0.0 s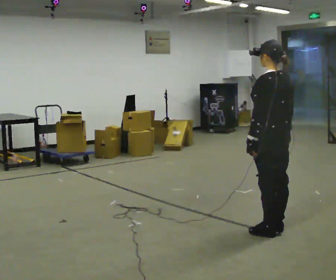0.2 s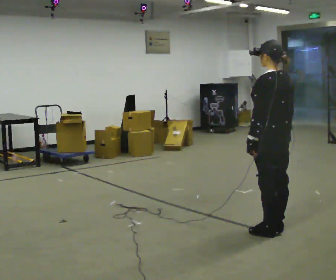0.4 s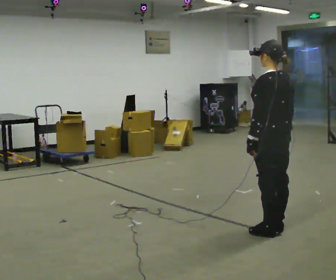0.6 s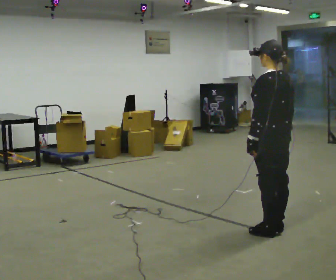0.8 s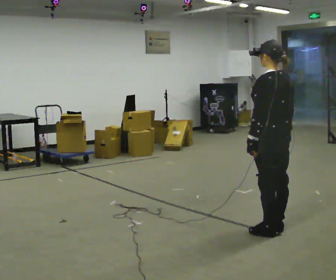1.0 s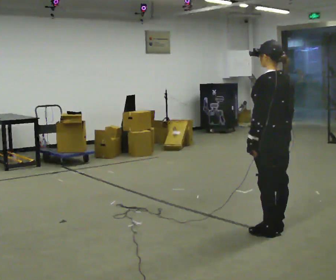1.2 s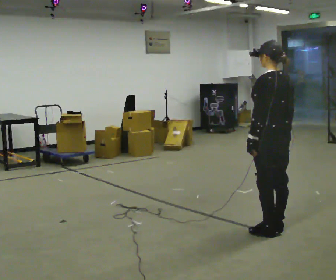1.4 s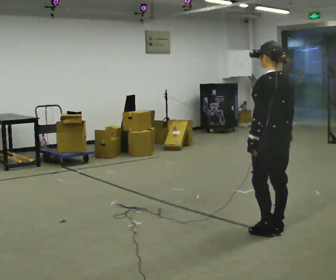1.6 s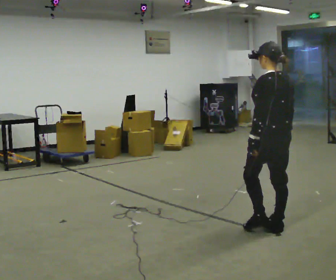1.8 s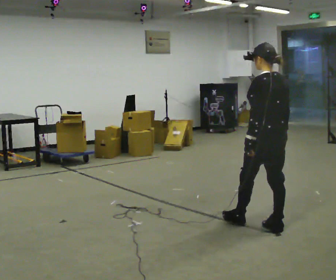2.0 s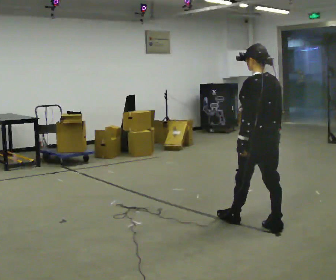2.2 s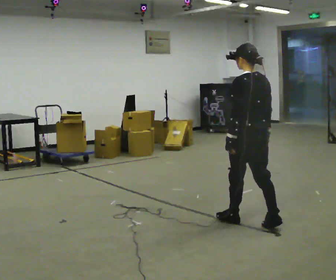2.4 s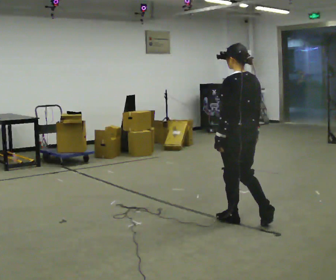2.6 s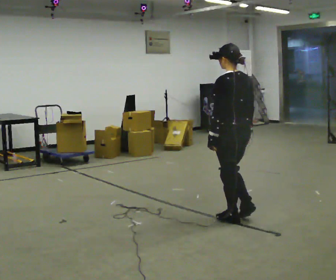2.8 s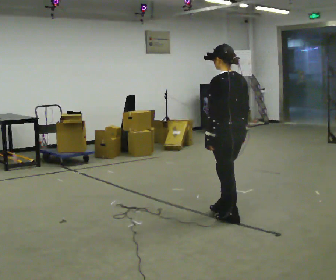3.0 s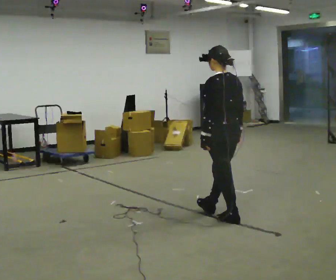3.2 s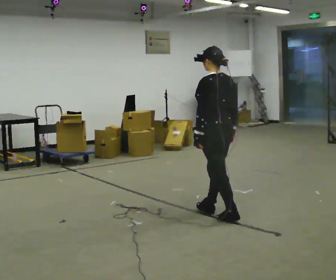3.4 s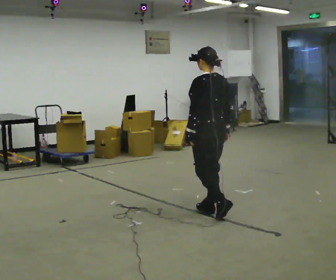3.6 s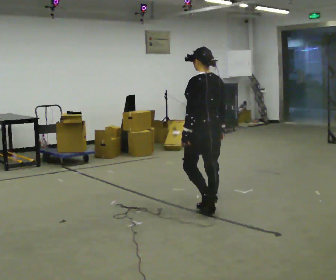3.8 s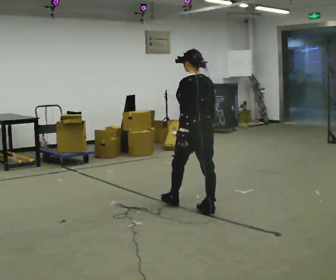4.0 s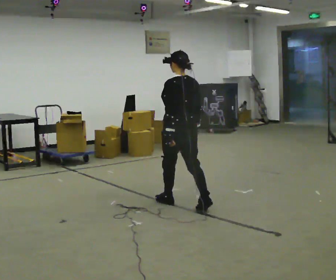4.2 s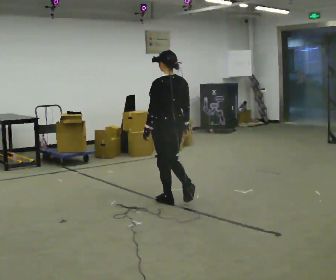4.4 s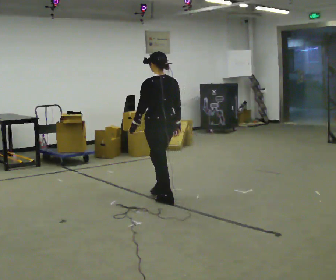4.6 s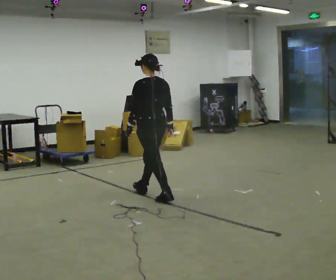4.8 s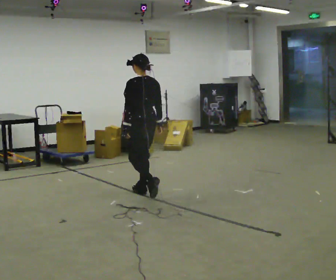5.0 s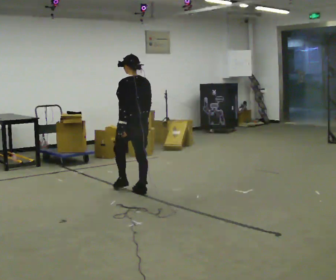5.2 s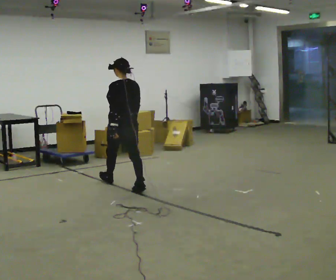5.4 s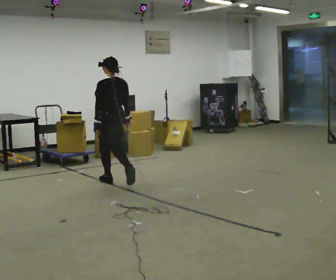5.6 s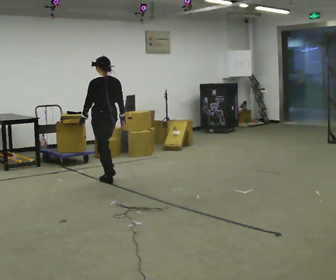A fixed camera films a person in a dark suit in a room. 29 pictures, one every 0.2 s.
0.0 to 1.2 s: The person moves a little, or ends about where they began.
1.2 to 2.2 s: In the picture they go to the left and away from the camera, about 0.25 m in 1 step, which for them is forward.
2.2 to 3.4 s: In the picture they go to the left and away from the camera, about 0.5 m in 1 step, which for them is forward.
3.4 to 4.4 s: In the picture they go to the left and away from the camera, about 0.75 m in 1 step, which for them is forward.
4.4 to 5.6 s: In the picture they go to the left and away from the camera, about 1 m in 2 steps, which for them is forward.
The film runs forward here.
